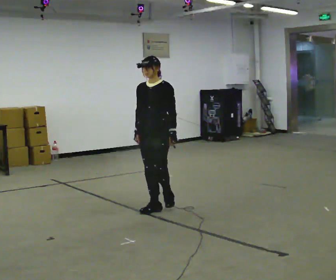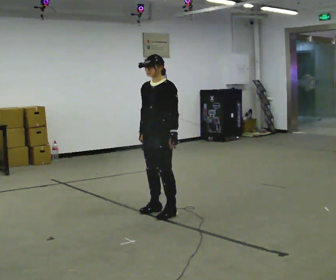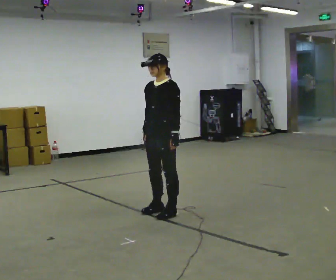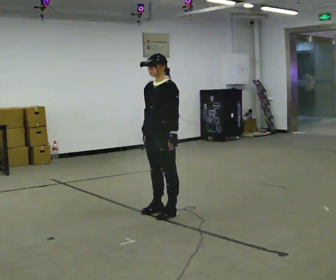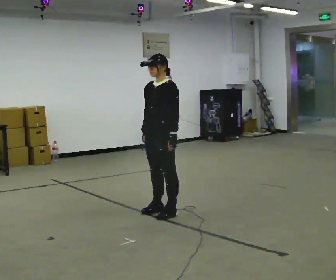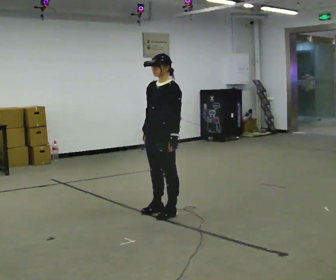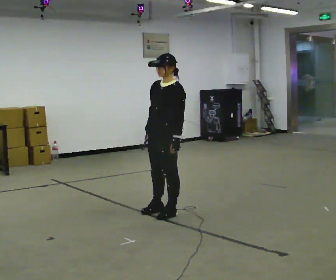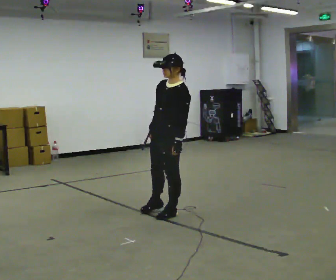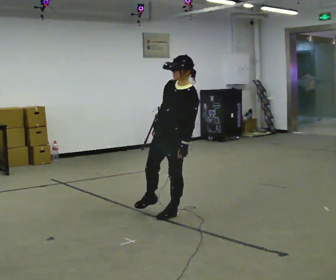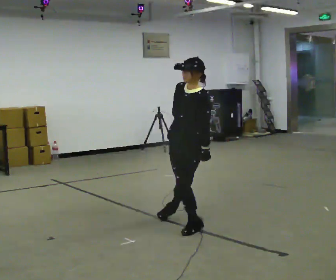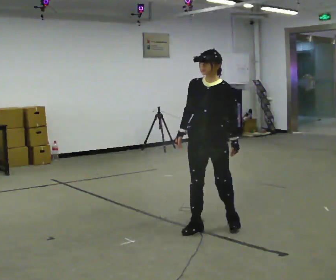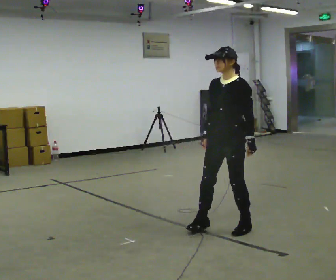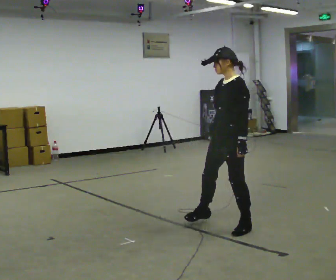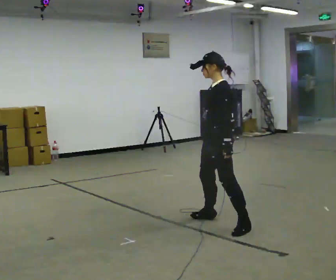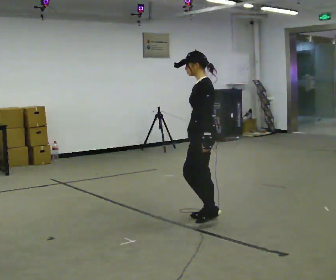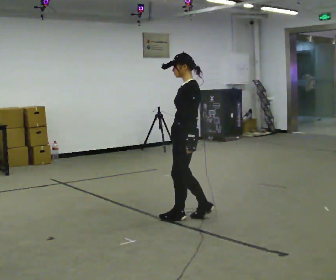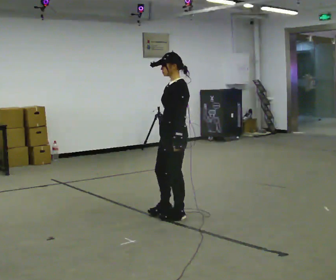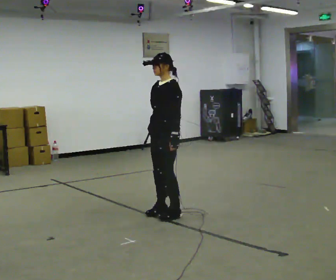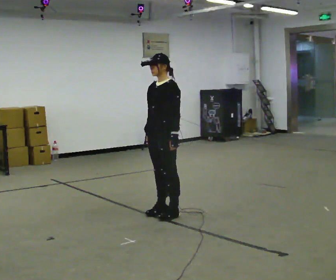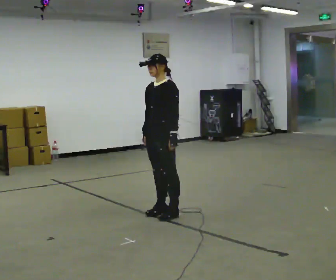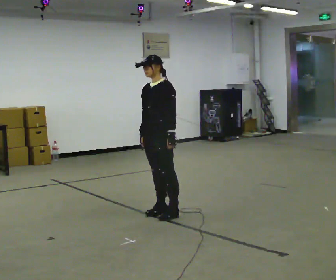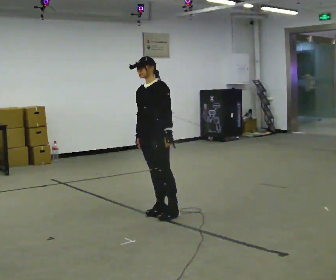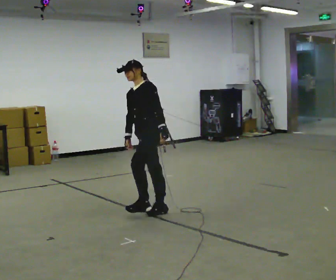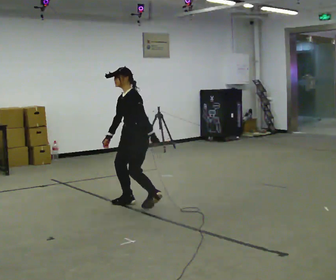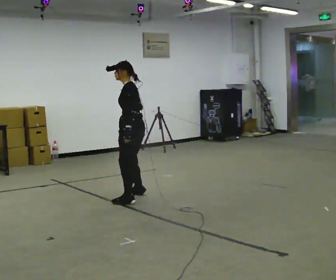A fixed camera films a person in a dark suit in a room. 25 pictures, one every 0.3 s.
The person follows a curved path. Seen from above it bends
counterclockwise.
0.0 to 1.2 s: In the picture they go toward the camera, about 0.25 m in 1 step, which for them is to their left.
1.2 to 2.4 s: In the picture they go to the right and toward the camera, about 0.25 m, which for them is to their left. In the picture the upper body tilts clockwise, shoulders to the right.
2.4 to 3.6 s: In the picture they go to the right and toward the camera, about 0.5 m in 2 steps, which for them is to their left. In the picture the upper body tilts counterclockwise, shoulders to the left.
3.6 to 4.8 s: In the picture they go to the left and away from the camera, about 0.75 m in 2 steps, which for them is forward and to their right.
4.8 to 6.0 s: Seen from above the body turns counterclockwise, about 30 degrees: to their left, with its near side sliding to the right. In the picture they go to the left, about 0.25 m in 1 step, which for them is to their right. In the picture their right hand goes to the left.
6.0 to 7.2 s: The person turns about 45 degrees to their right, clockwise seen from above, so the part of the body nearest the lens slides to the left. In the picture they go away from the camera and to the left, about 0.5 m in 1 step, which for them is to their right.
The film runs forward here.
